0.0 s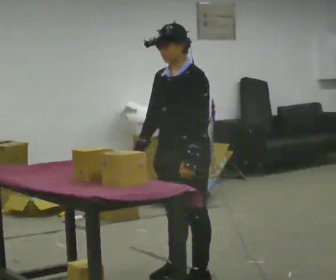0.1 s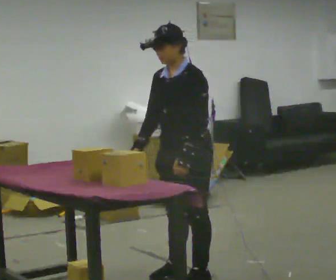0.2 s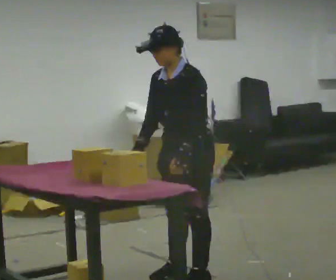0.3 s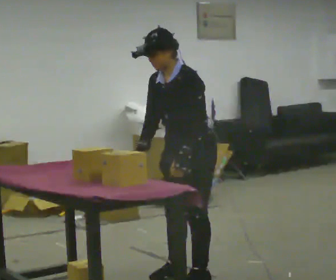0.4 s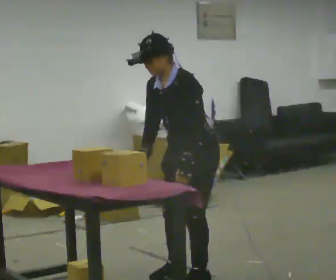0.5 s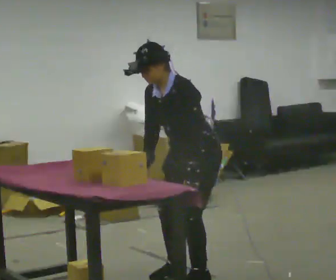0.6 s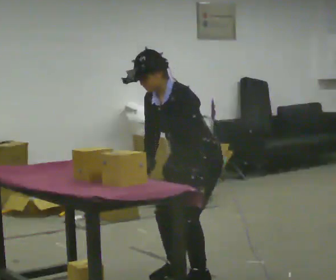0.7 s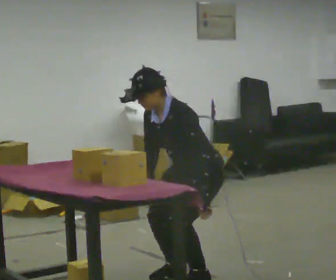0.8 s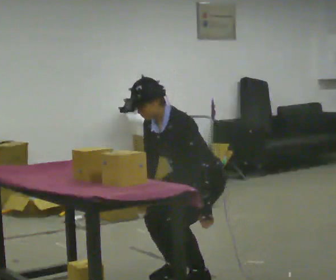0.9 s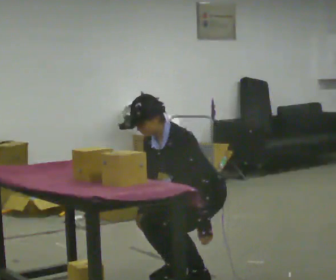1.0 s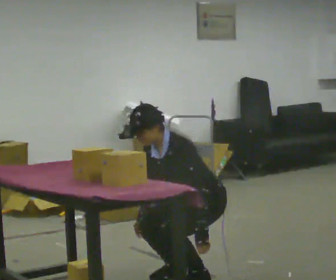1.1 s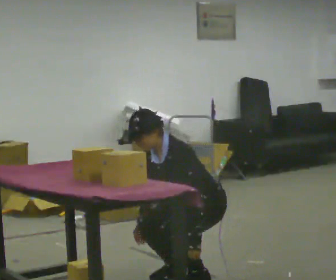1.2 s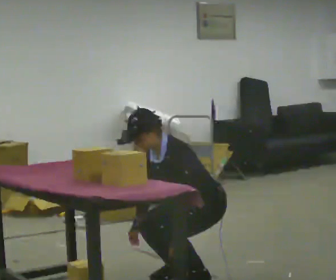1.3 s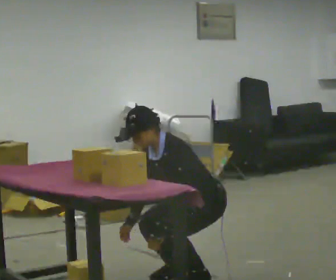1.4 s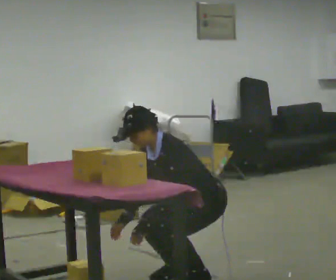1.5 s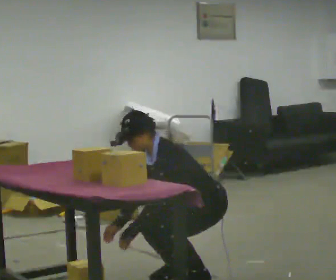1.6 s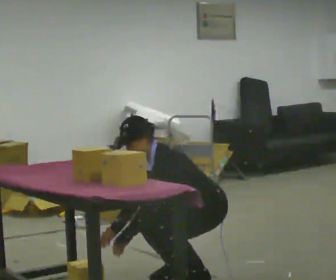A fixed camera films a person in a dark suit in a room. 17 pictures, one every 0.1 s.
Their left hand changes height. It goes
downward.
The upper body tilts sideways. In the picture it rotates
counterclockwise.
0.0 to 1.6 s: The shoulders move downward. In the picture the upper body tilts counterclockwise, shoulders to the left, as they bend forward. In the picture their left hand goes downward and to the left.
The film runs forward here.
